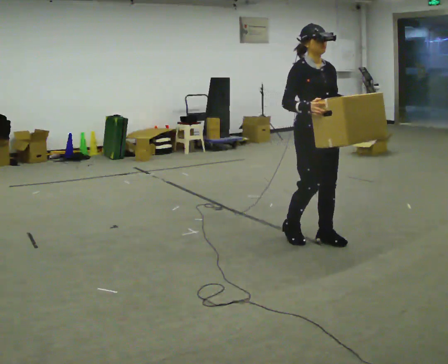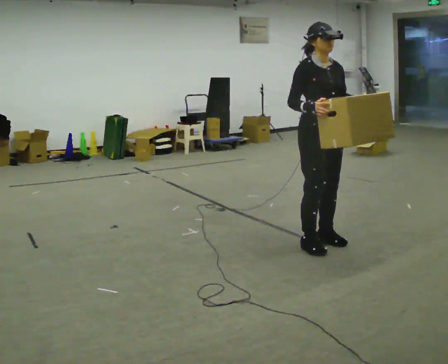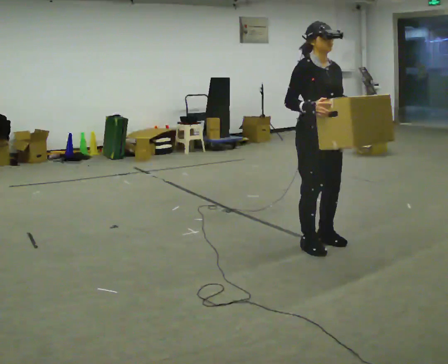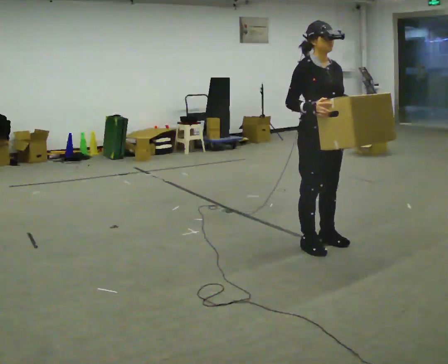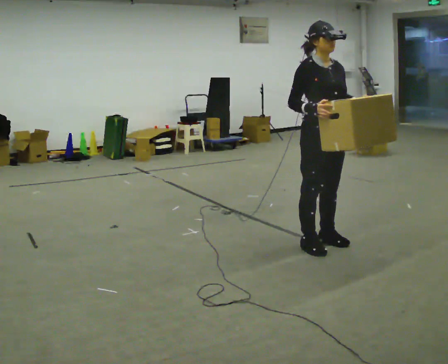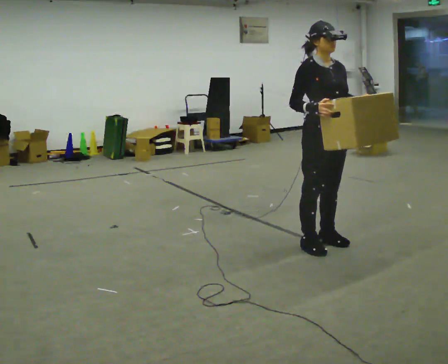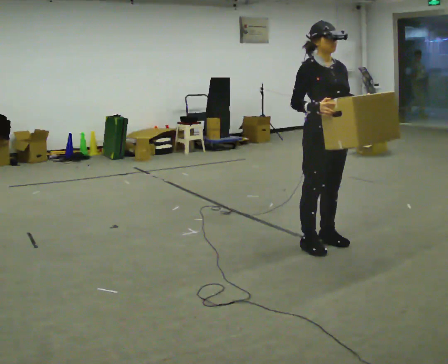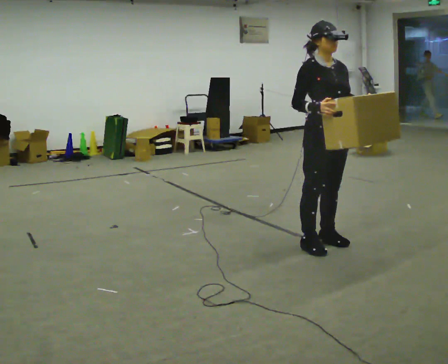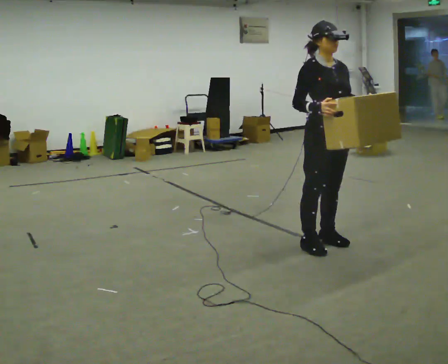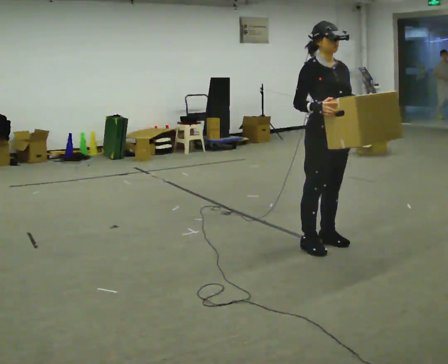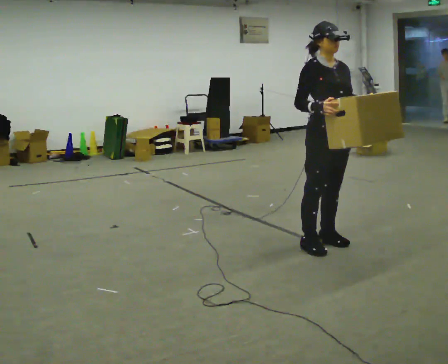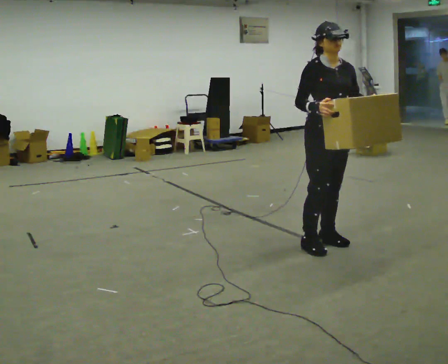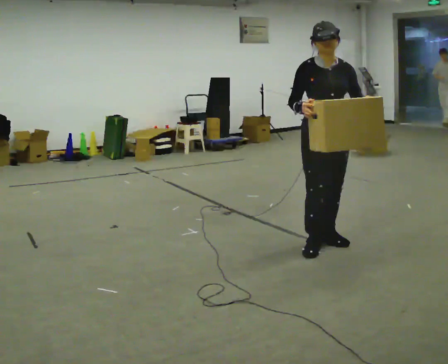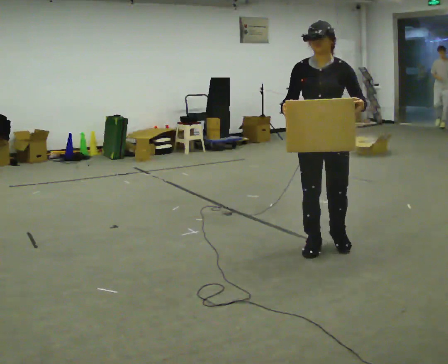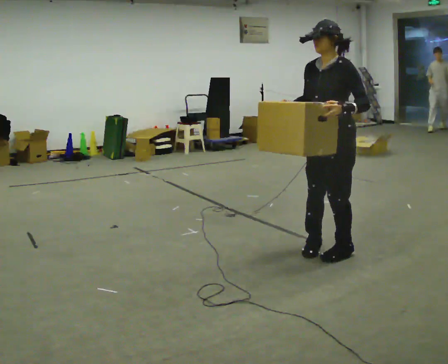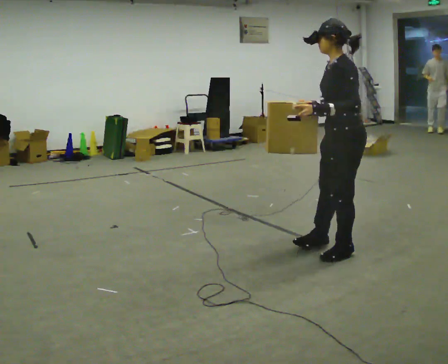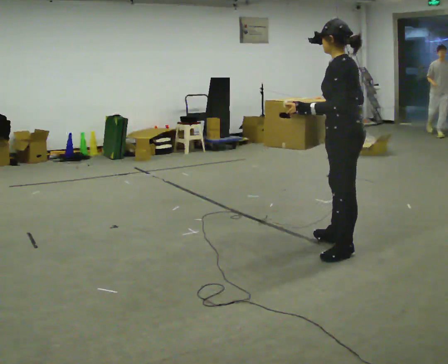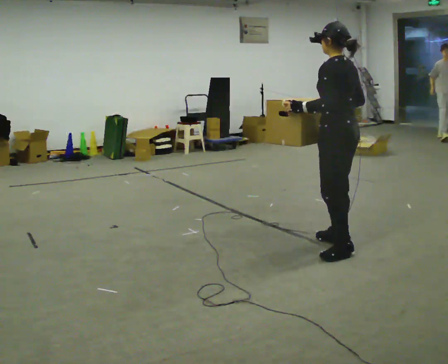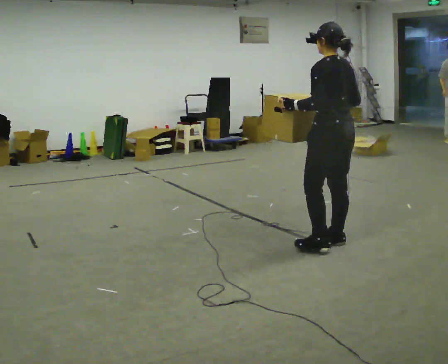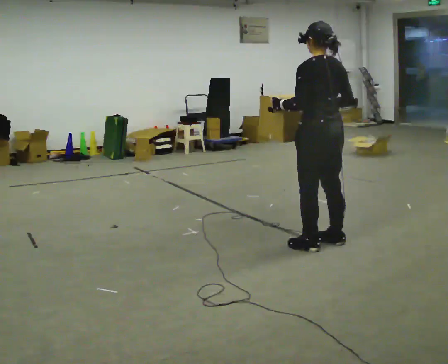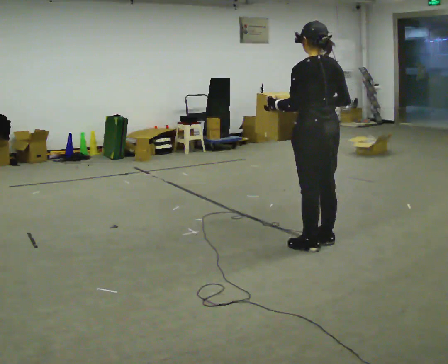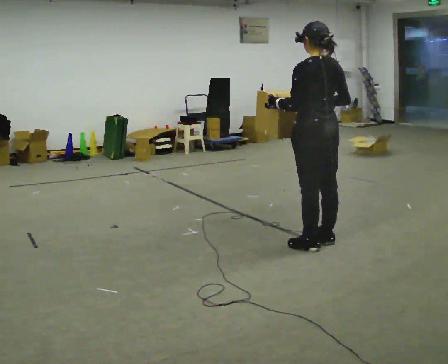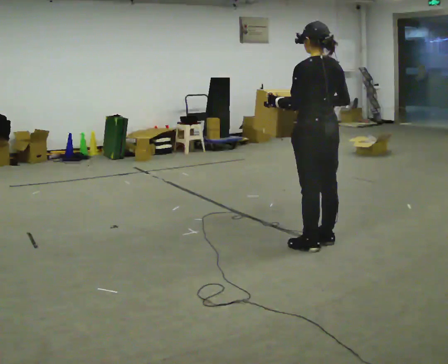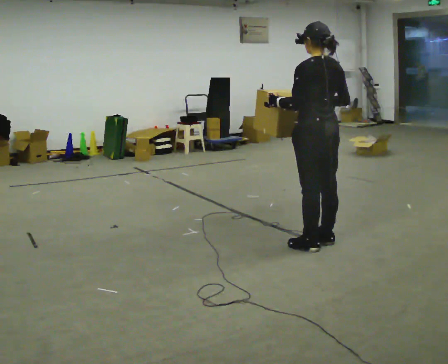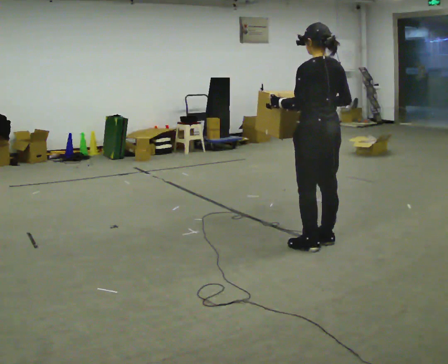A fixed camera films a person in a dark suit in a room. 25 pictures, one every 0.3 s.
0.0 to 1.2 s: The person moves a little, or ends about where they began.
1.2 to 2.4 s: The person keeps their place and pose.
2.4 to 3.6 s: The person moves a little, or ends about where they began.
3.6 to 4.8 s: The person turns about 135 degrees to their right, clockwise seen from above, so the part of the body nearest the lens slides to the left. In the picture they go to the right, about 0.25 m in 2 steps. In the picture their left hand goes to the left.
4.8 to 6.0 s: The person turns about 30 degrees to their right, clockwise seen from above, so the part of the body nearest the lens slides to the left. In the picture they go to the left, about 0.25 m in 1 step, which for them is forward.
6.0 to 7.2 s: The person moves a little, or ends about where they began.
The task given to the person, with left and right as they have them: Carry the box across the room much more slowly and carefully than normal, back and forth.
The film runs forward here.
